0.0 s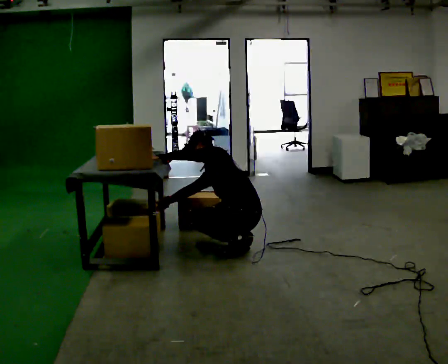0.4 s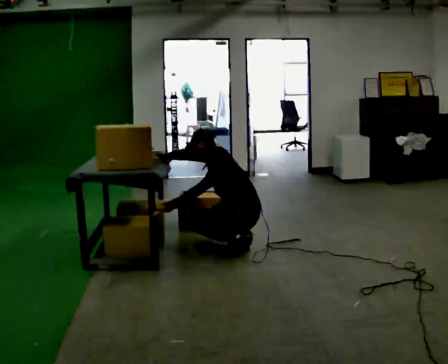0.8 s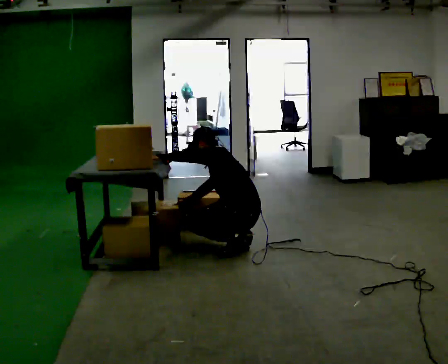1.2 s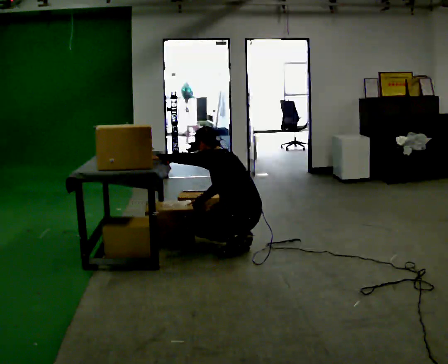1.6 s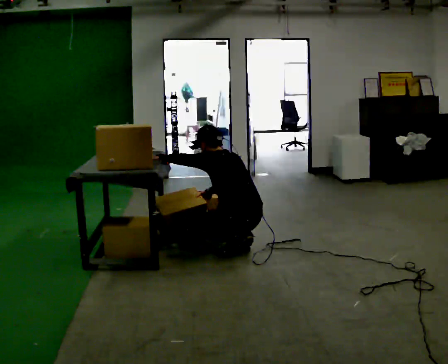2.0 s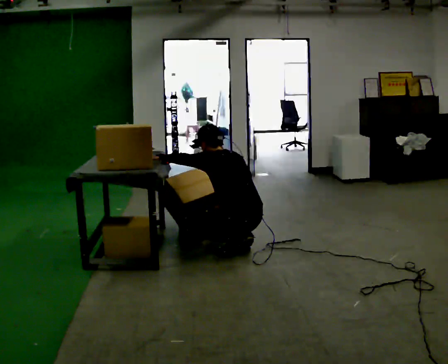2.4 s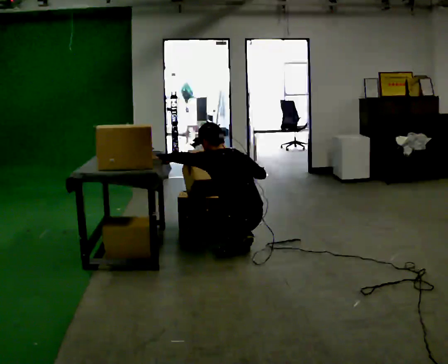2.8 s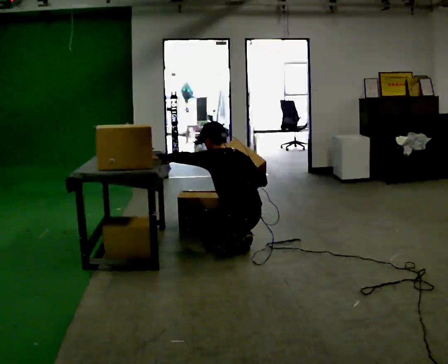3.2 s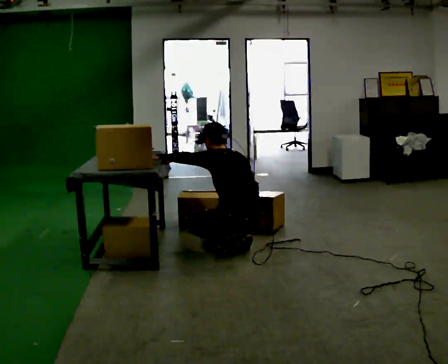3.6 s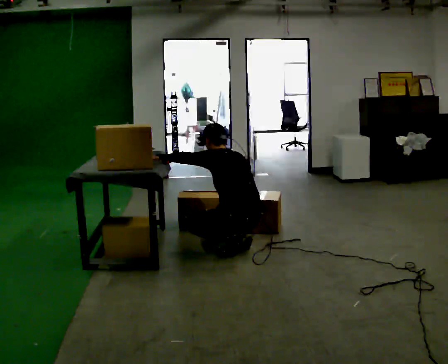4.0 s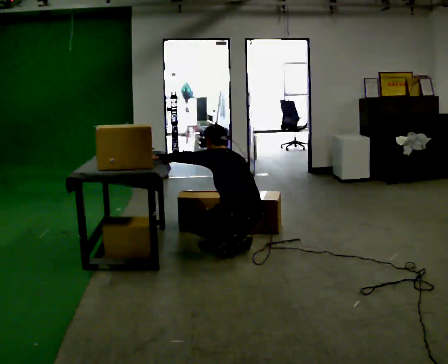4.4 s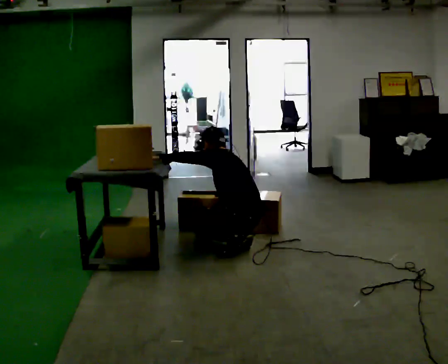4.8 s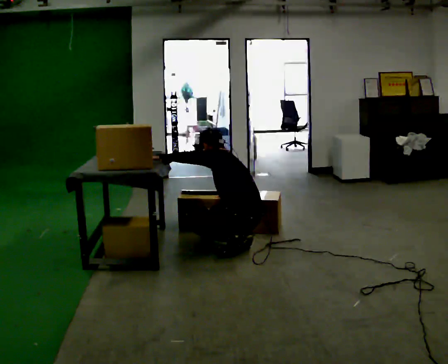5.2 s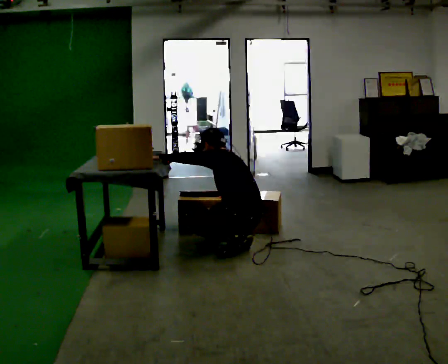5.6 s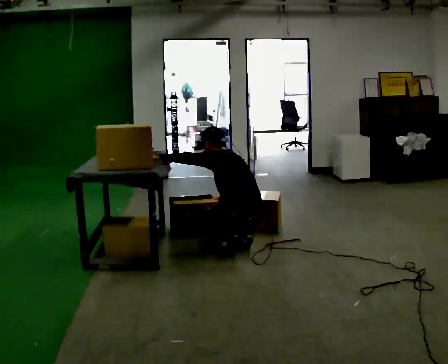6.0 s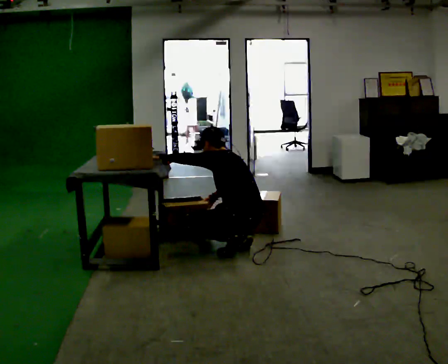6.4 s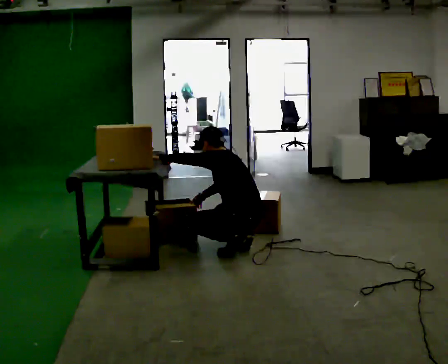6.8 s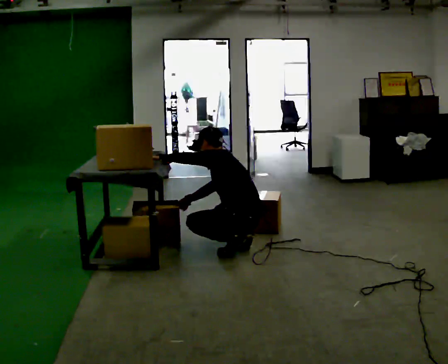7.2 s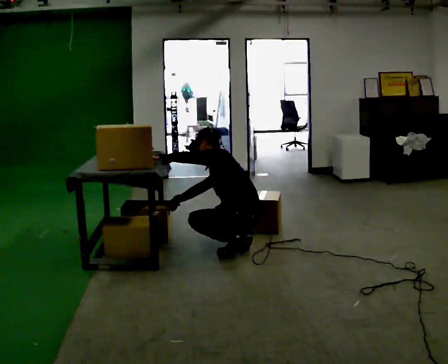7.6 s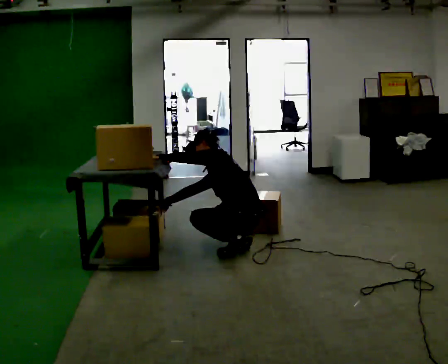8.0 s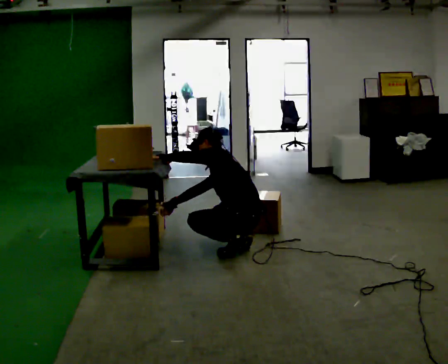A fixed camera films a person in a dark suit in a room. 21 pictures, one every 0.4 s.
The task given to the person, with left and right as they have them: Take the boxes off the top, get the one from the bottom, carry it away, then put the others back. Keep going until the operator says stop; one object at a time, and do not rush between trips.
0.0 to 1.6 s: The upper body tips toward the camera, its near side rolling downward, as they lean back or straighten. In the picture their right hand goes to the right.
1.6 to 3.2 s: In the picture their right hand goes to the right.
3.2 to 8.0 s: In the picture their right hand goes to the left, the arm swinging clockwise.
The film runs forward here.
